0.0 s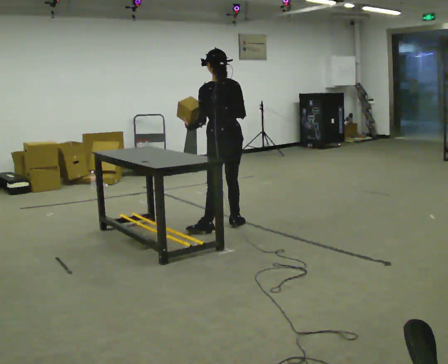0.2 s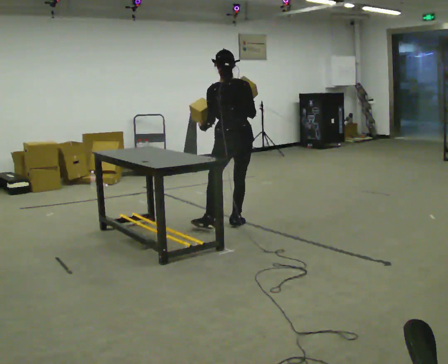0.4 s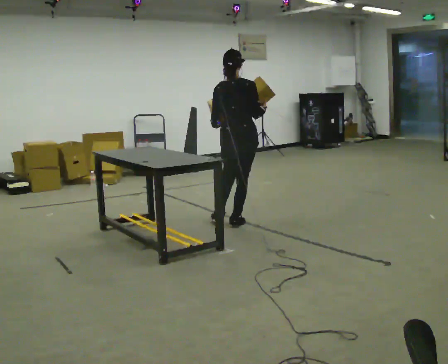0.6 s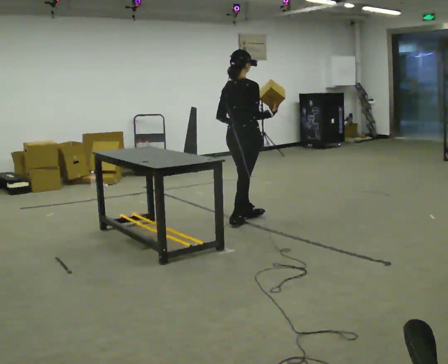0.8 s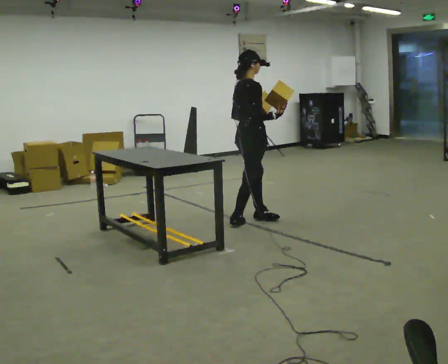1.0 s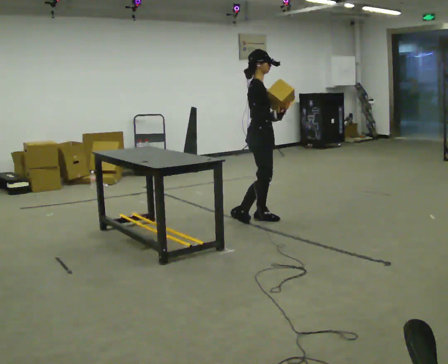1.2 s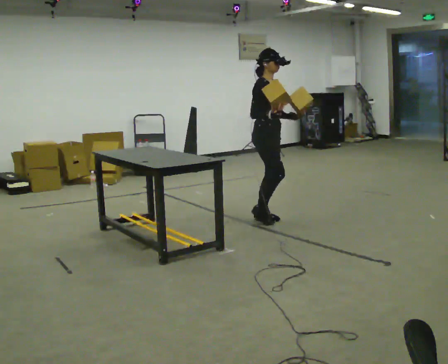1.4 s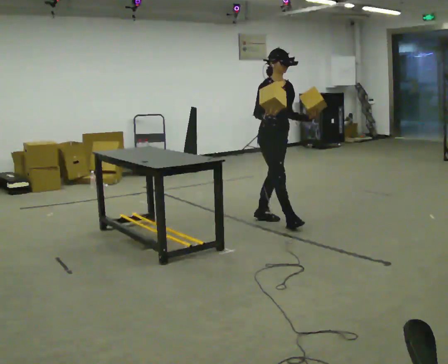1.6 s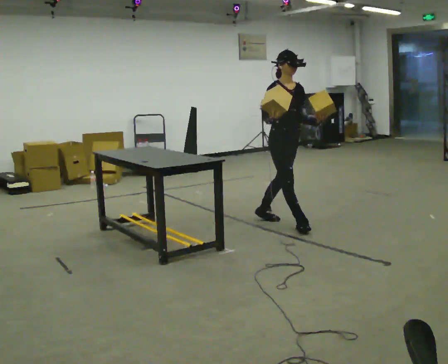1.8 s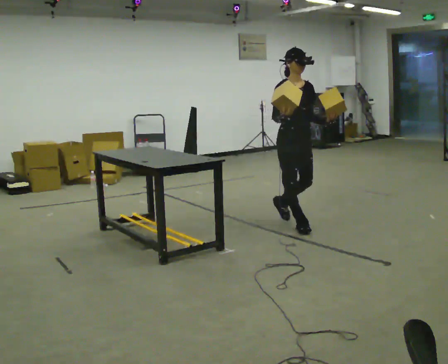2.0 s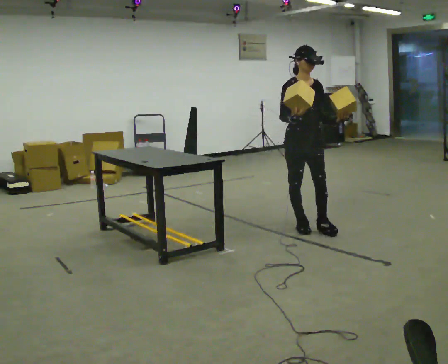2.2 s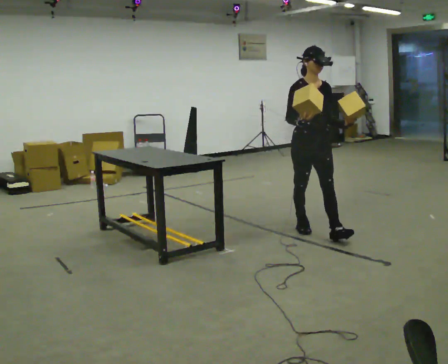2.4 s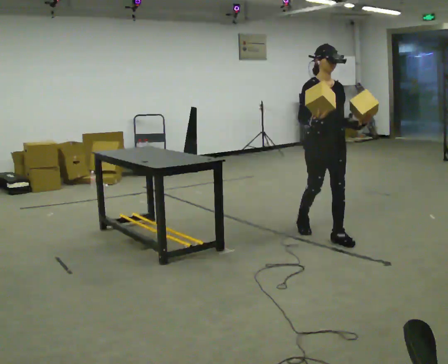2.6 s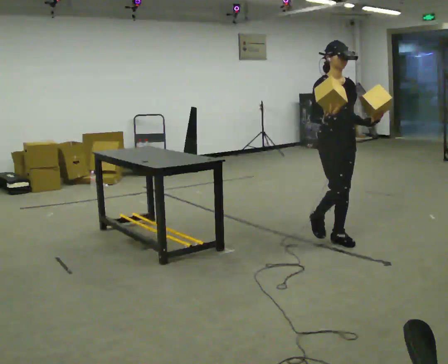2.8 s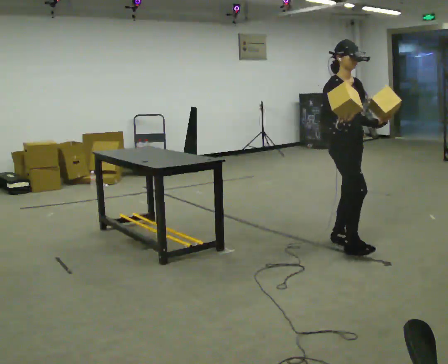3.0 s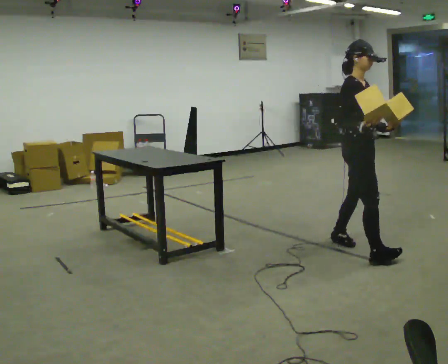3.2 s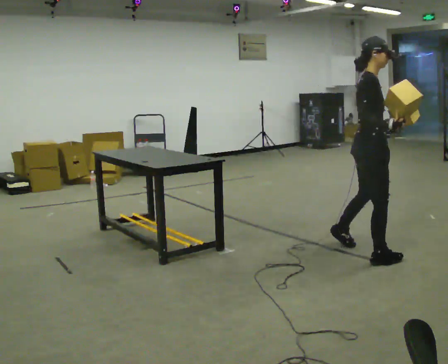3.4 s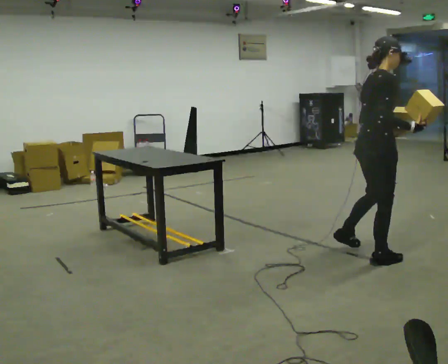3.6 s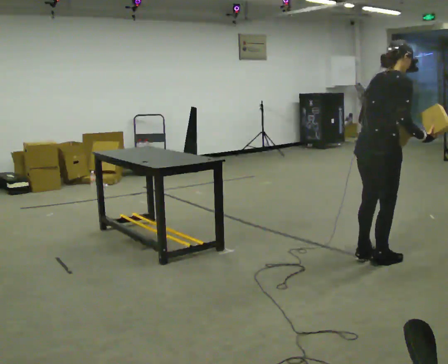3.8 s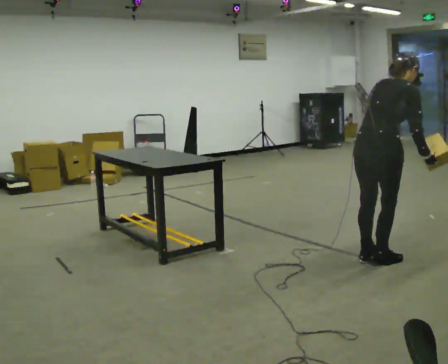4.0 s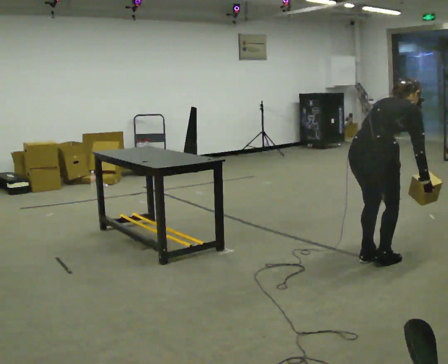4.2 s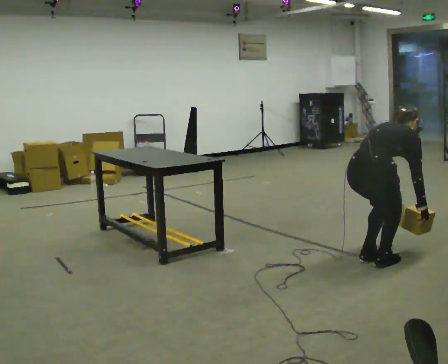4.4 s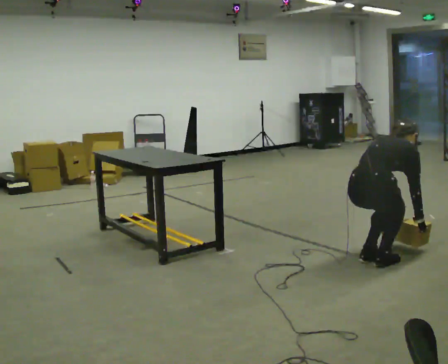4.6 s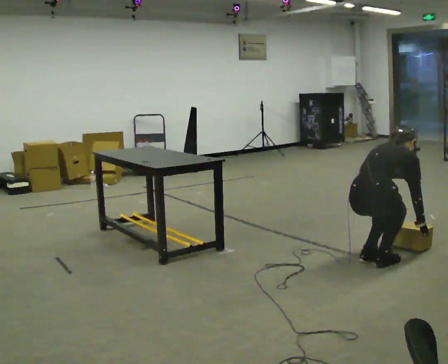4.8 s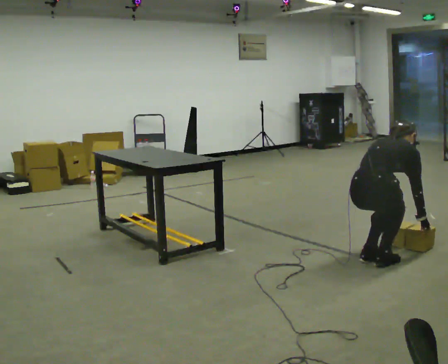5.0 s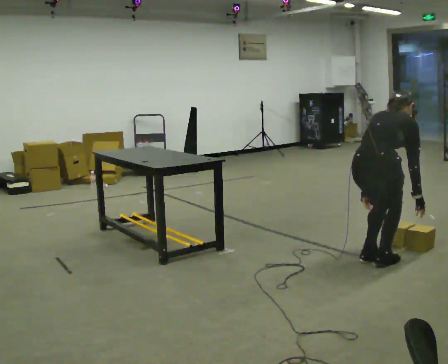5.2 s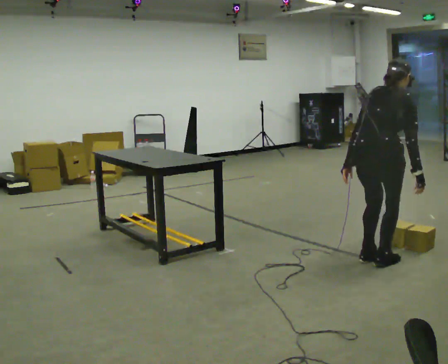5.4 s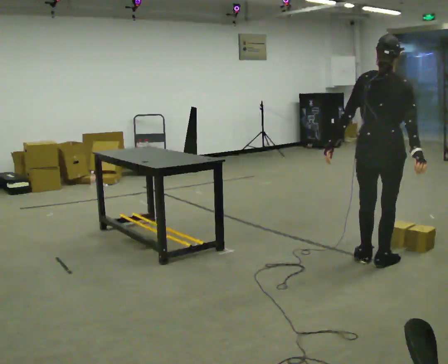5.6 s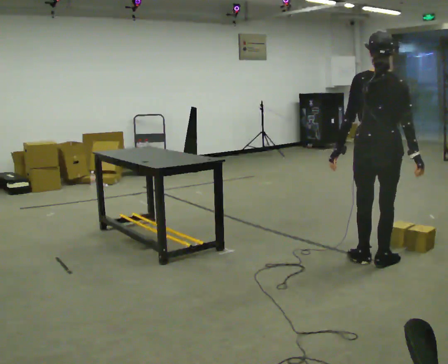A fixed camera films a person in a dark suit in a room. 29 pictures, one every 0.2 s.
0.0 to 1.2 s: The part of the body nearest the lens slides to the left as the person turns to their right by about 150 degrees. In the picture they go to the right and away from the camera, about 0.5 m in 1 step.
1.2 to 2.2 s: The part of the body nearest the lens slides to the left as the person turns to their right by about 30 degrees. In the picture they go to the right and toward the camera, about 0.5 m in 1 step, which for them is forward.
2.2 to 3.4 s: The part of the body nearest the lens slides to the right as the person turns to their left by about 75 degrees. In the picture they go toward the camera and to the right, about 1 m in 2 steps.
3.4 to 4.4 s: The person turns about 30 degrees to their left, counterclockwise seen from above, so the part of the body nearest the lens slides to the right. The shoulders move downward. The upper body tips away from the camera, its near side rolling upward, as they bend forward. In the picture their right hand goes downward.
4.4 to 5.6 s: The part of the body nearest the lens slides to the right as the person turns to their left by about 45 degrees. The upper body goes upward. The upper body tips toward the camera, its near side rolling downward, as they lean back or straighten. In the picture their left hand goes upward and to the left.
The film runs forward here.
